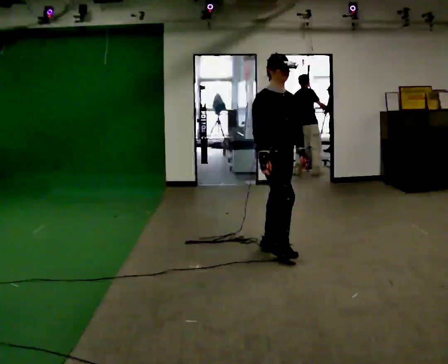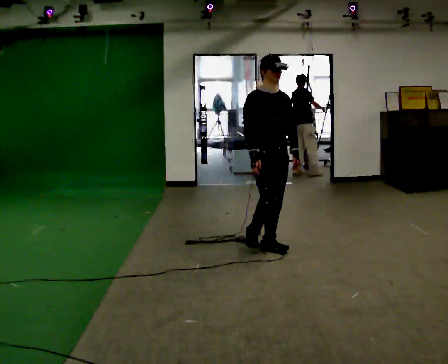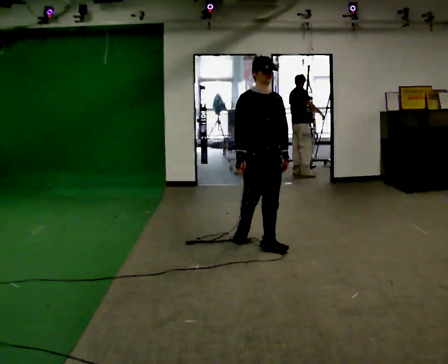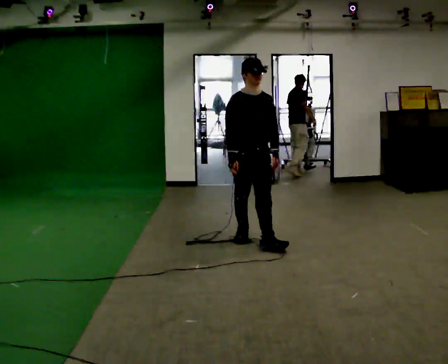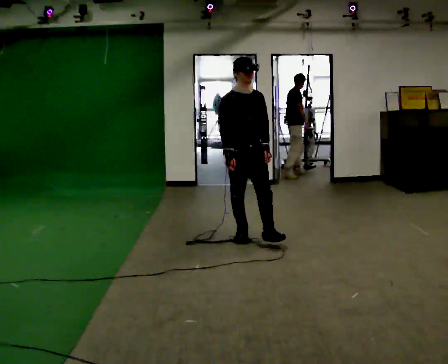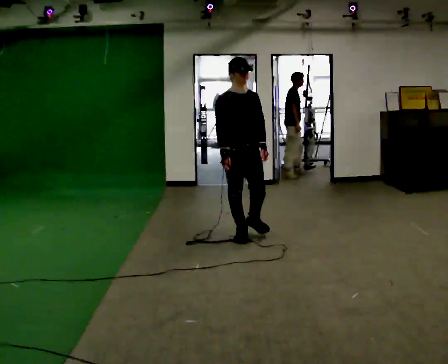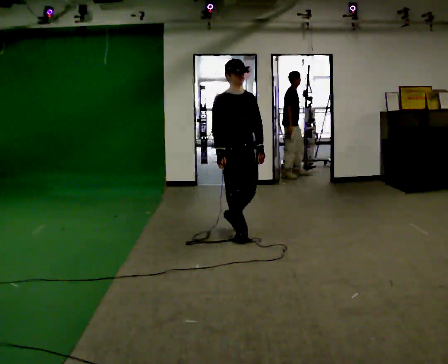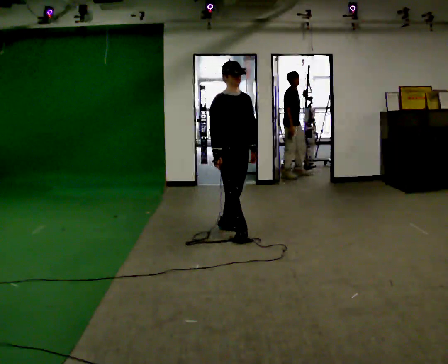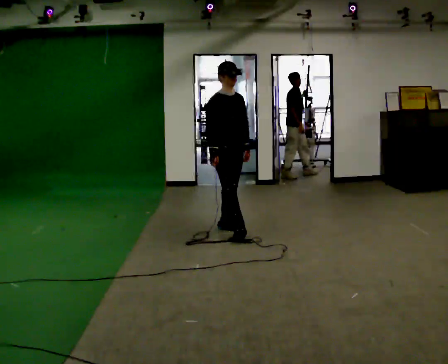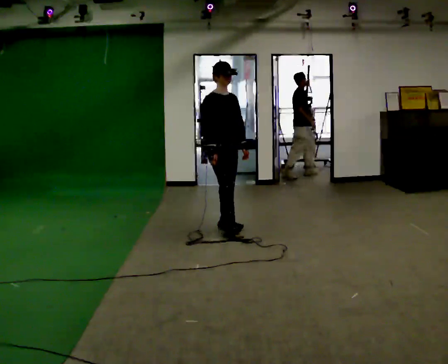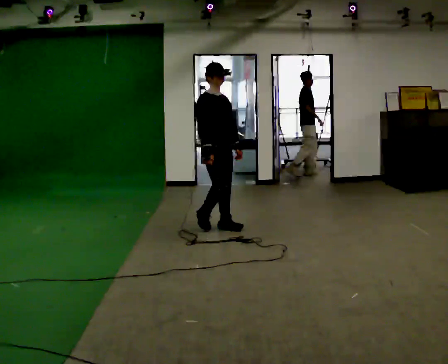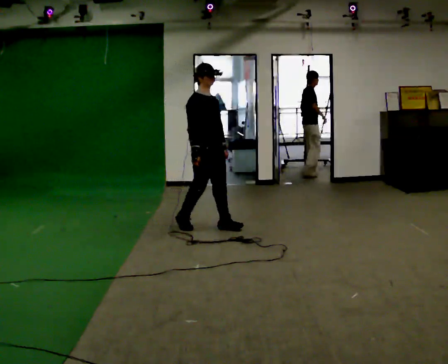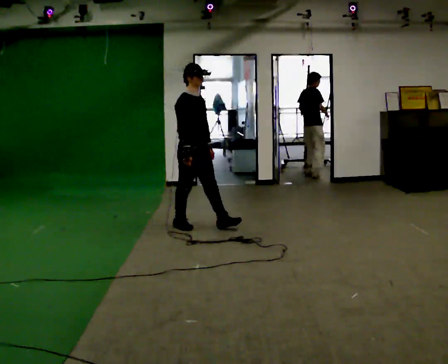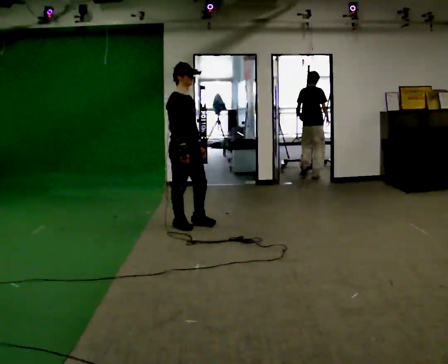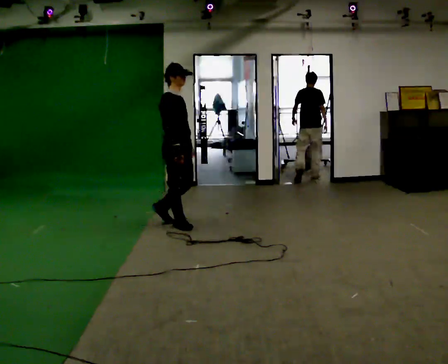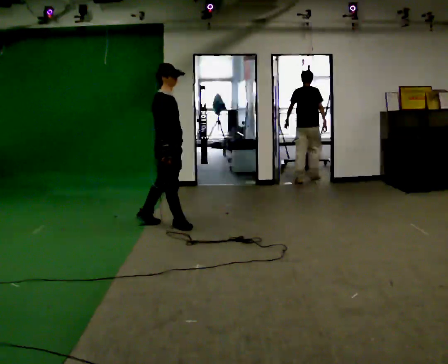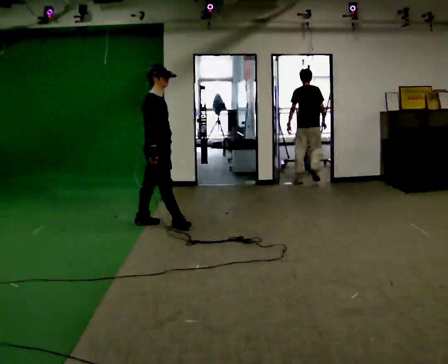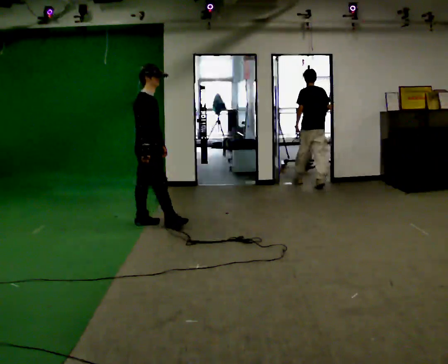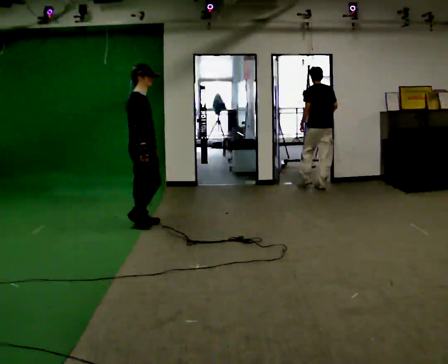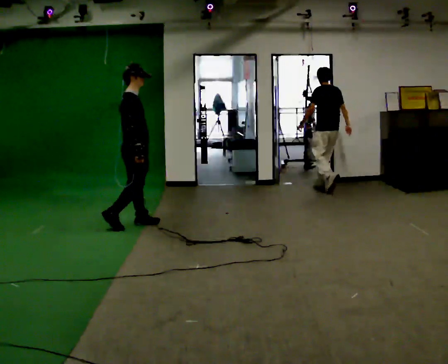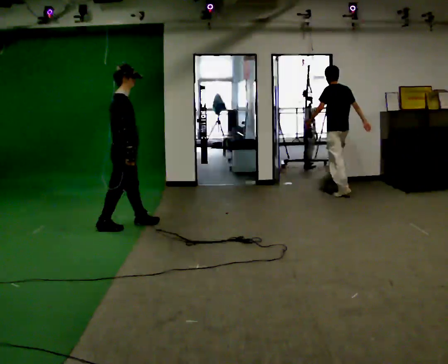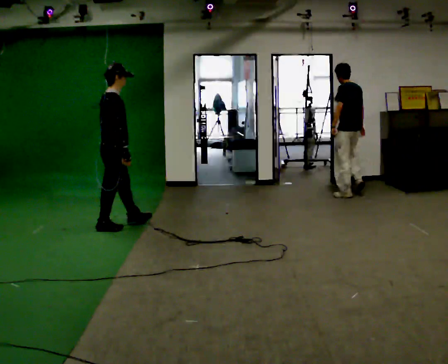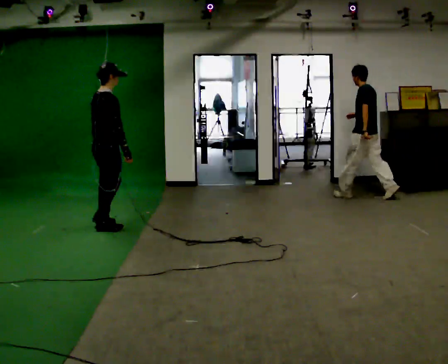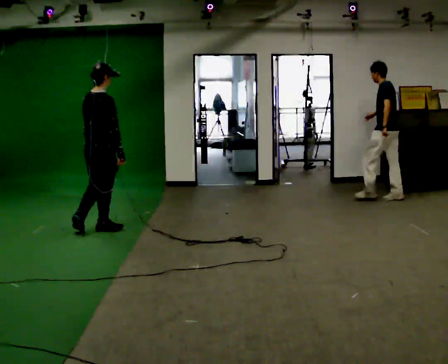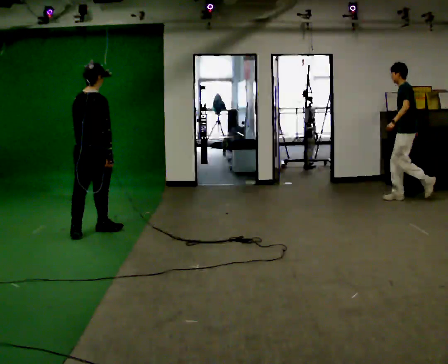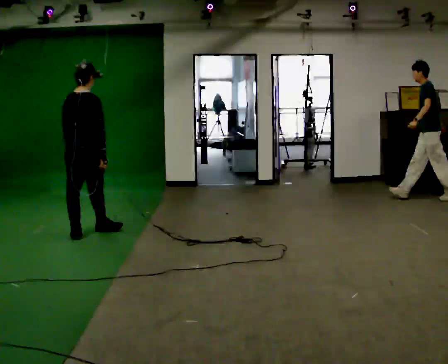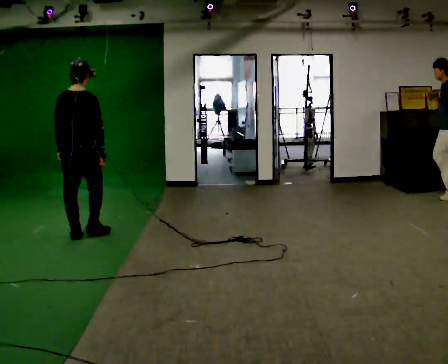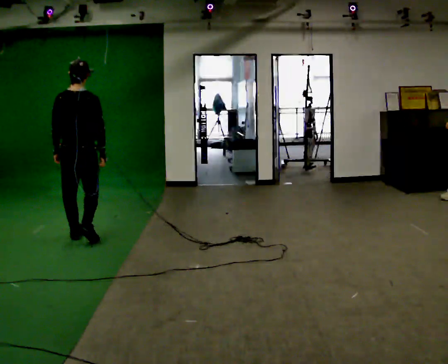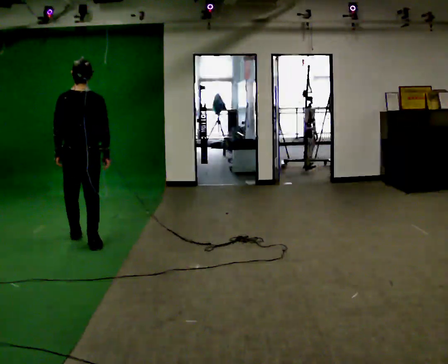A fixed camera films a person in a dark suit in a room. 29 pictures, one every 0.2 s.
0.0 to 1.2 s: In the picture they go away from the camera and to the left, about 0.5 m in 1 step, which for them is backward.
1.2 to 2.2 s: In the picture they go away from the camera and to the left, about 0.5 m in 1 step, which for them is backward.
2.2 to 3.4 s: The person turns about 30 degrees to their left, counterclockwise seen from above, so the part of the body nearest the lens slides to the right. In the picture they go to the left, about 0.75 m in 2 steps, which for them is backward.
3.4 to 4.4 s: Seen from above the body turns counterclockwise, about 30 degrees: to their left, with its near side sliding to the right. In the picture they go to the left and toward the camera, about 0.5 m in 1 step, which for them is backward.
4.4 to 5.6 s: The part of the body nearest the lens slides to the right as the person turns to their left by about 60 degrees. In the picture they go toward the camera, about 0.5 m in 1 step.
The film runs backward here.
